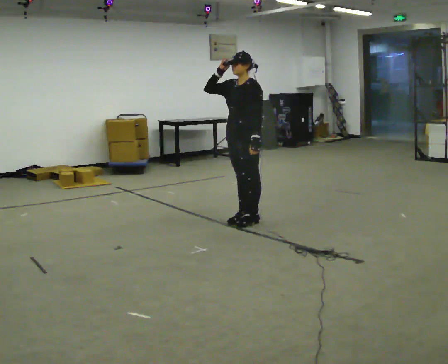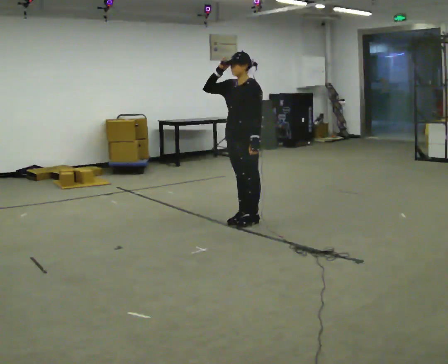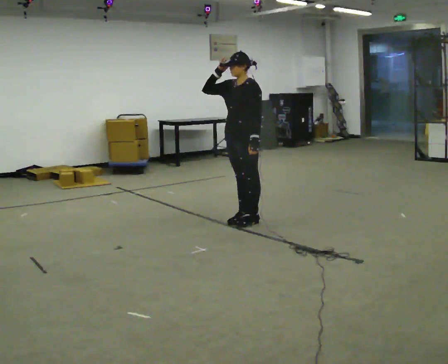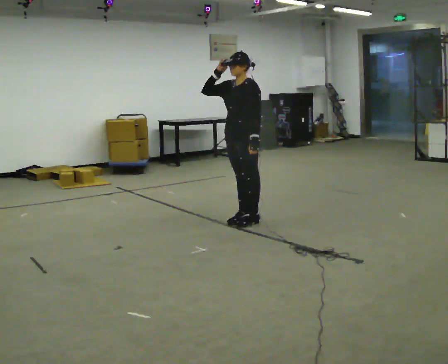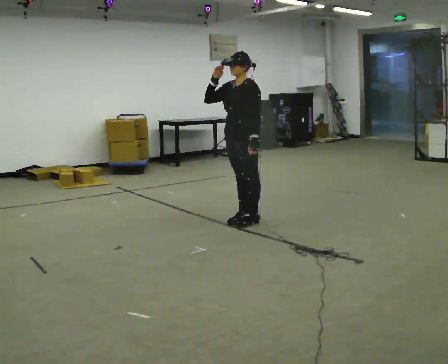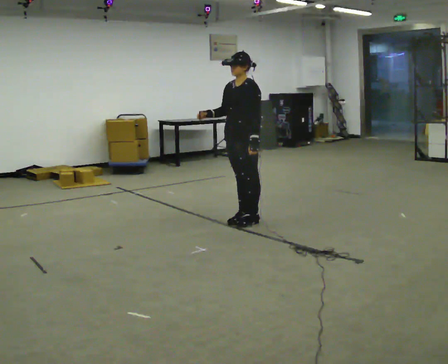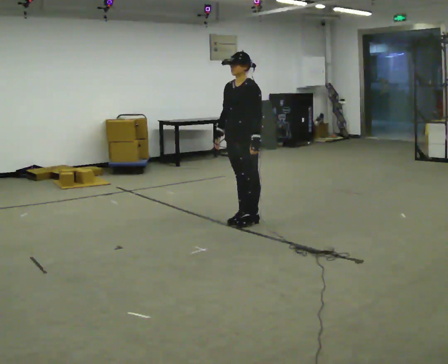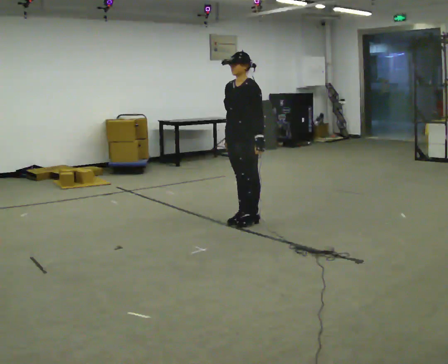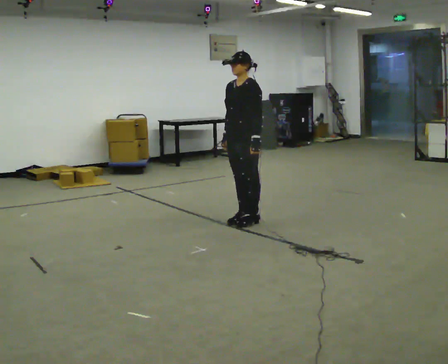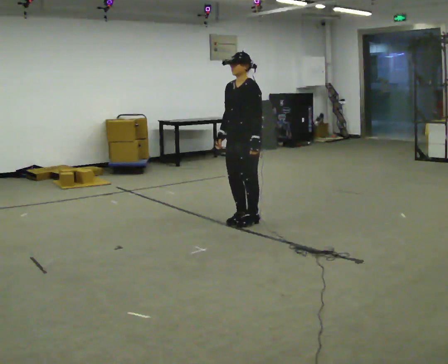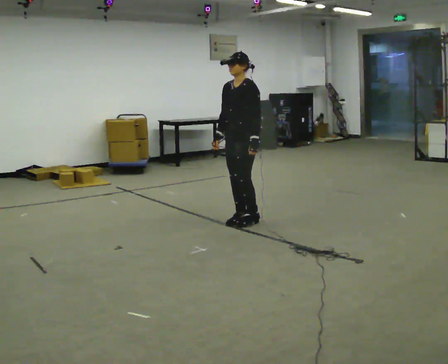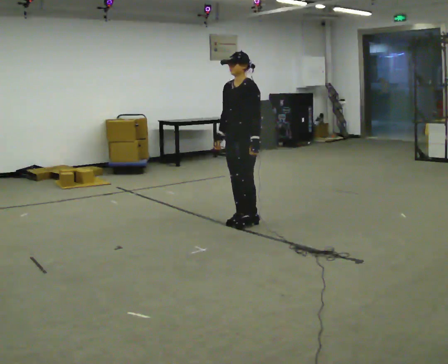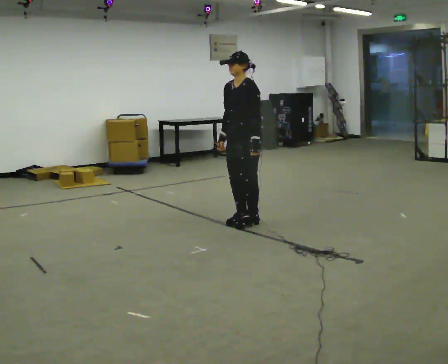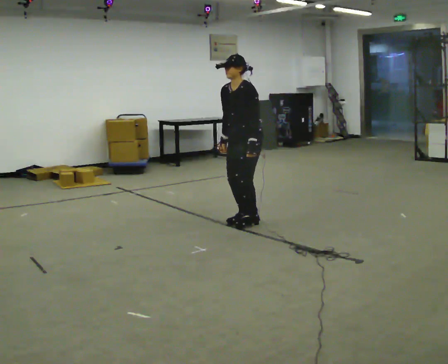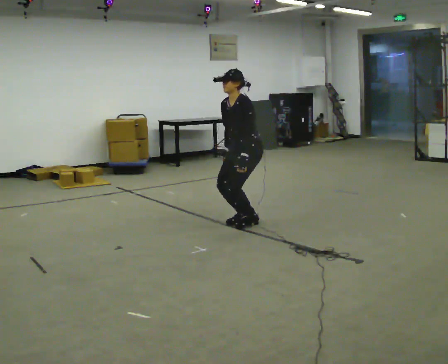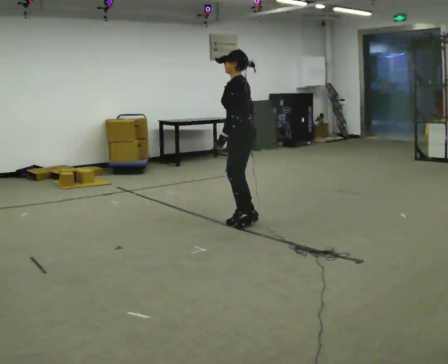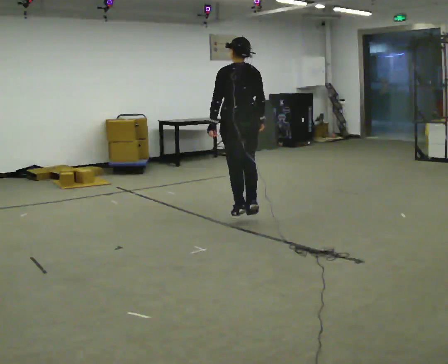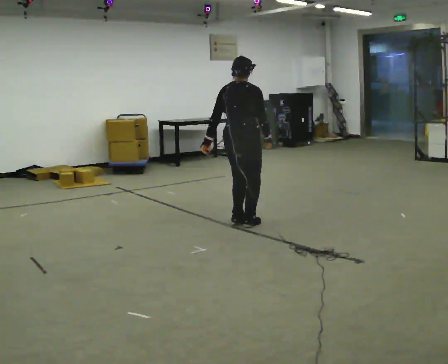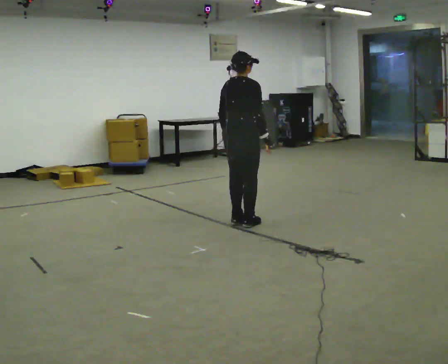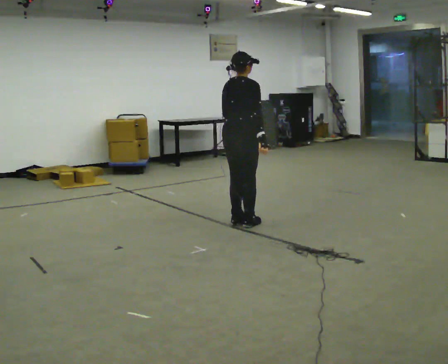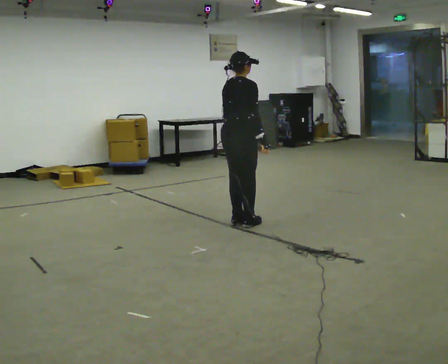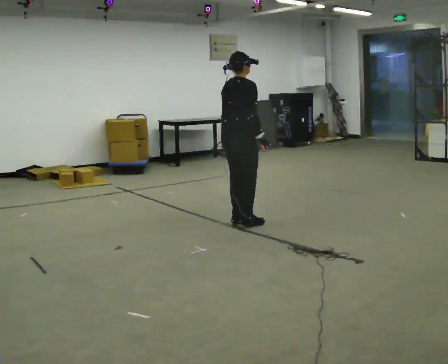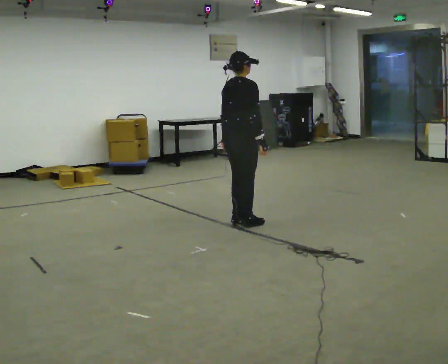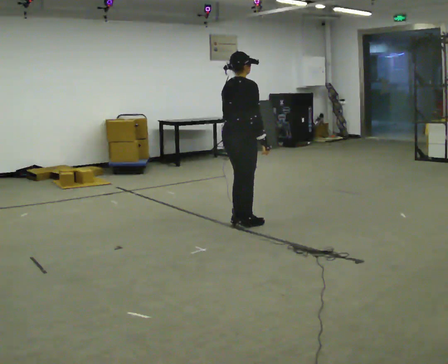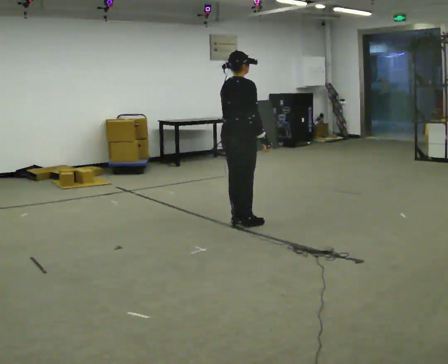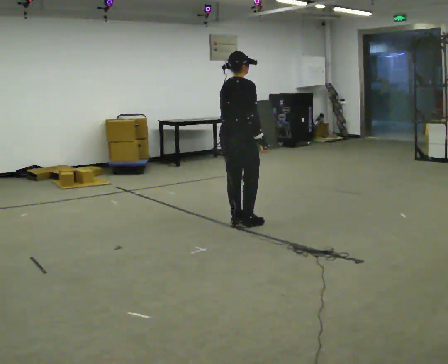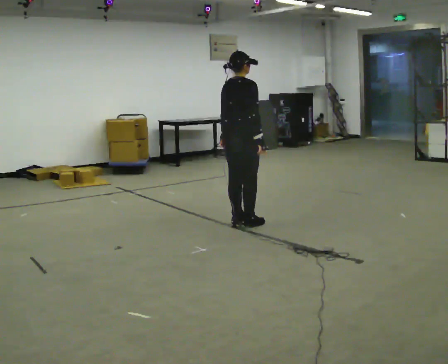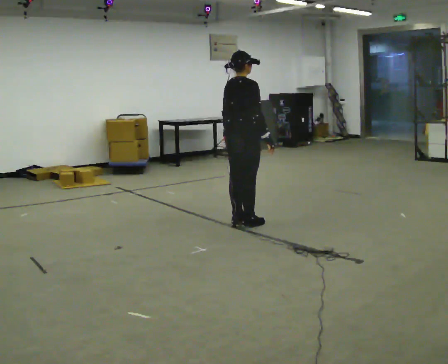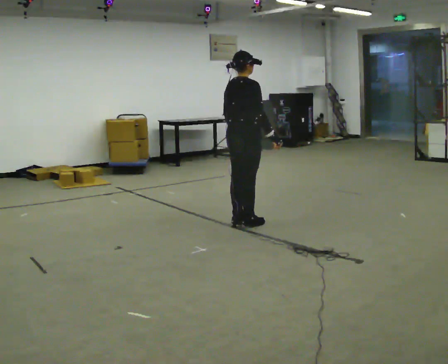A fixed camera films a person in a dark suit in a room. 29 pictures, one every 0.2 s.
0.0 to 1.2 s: In the picture their right hand goes downward.
1.2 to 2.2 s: The person moves a little, or ends about where they began.
2.2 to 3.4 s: Seen from above the body turns clockwise, about 165 degrees: to their right, with its near side sliding to the left. In the picture their left hand goes to the left.
3.4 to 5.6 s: The person moves a little, or ends about where they began.
The film runs forward here.
